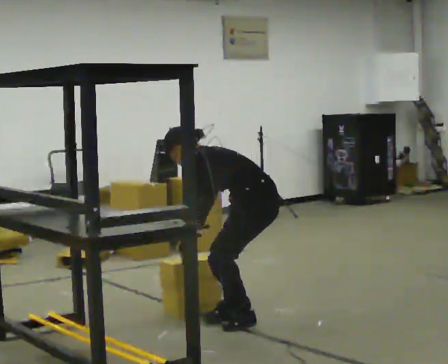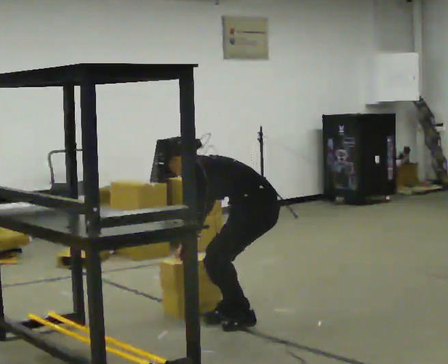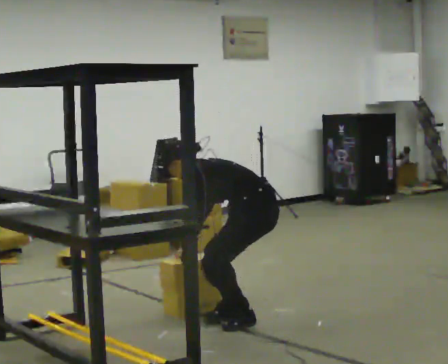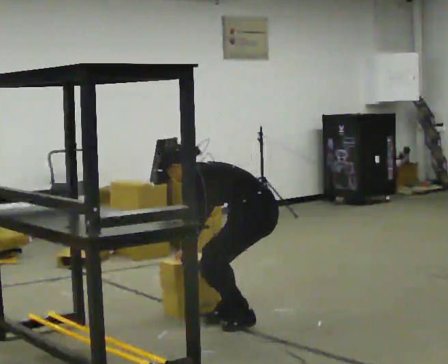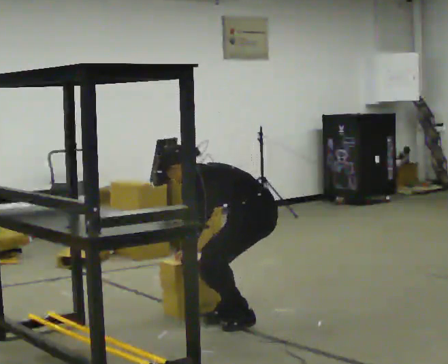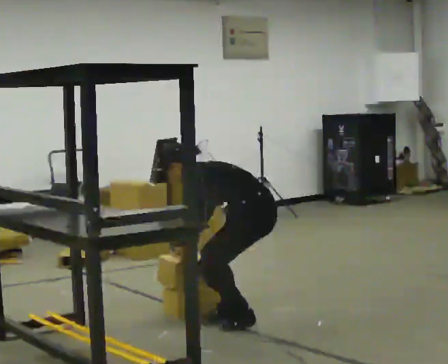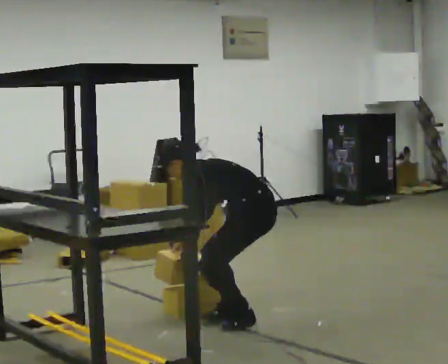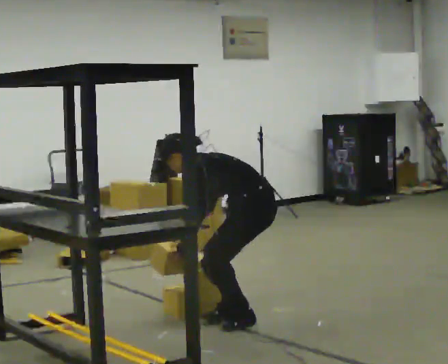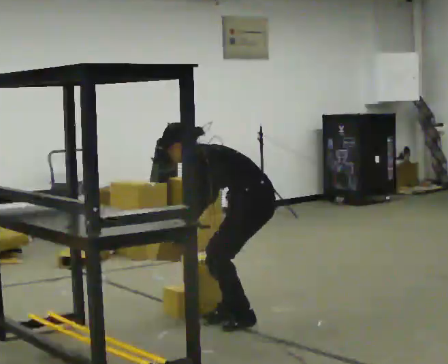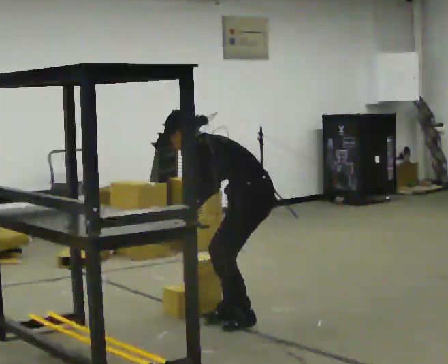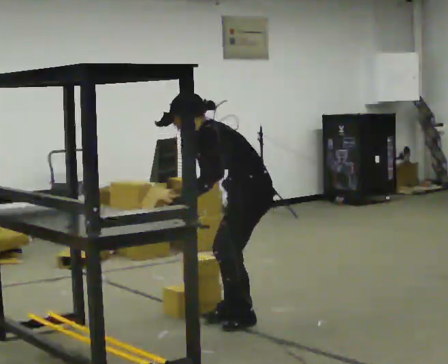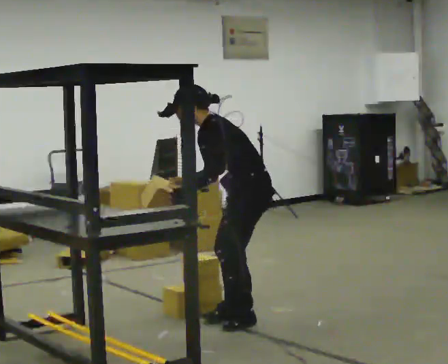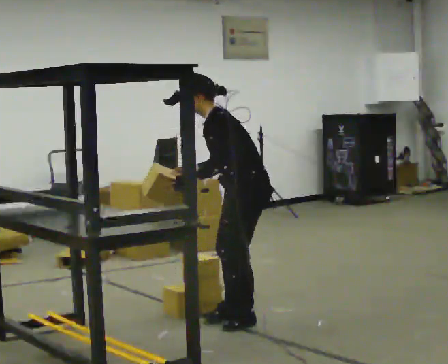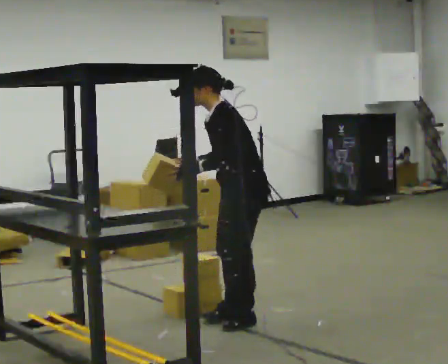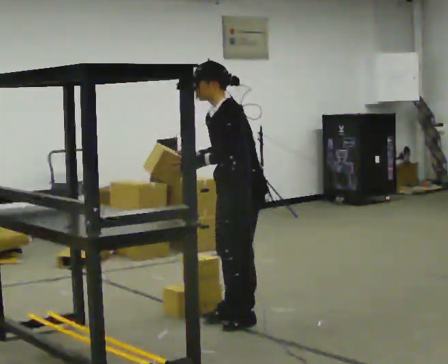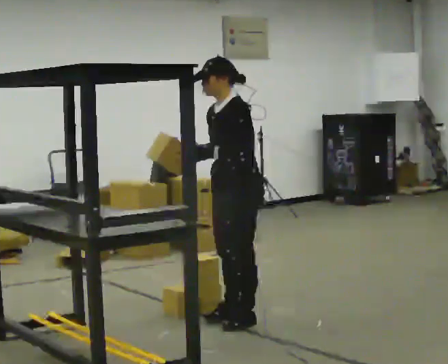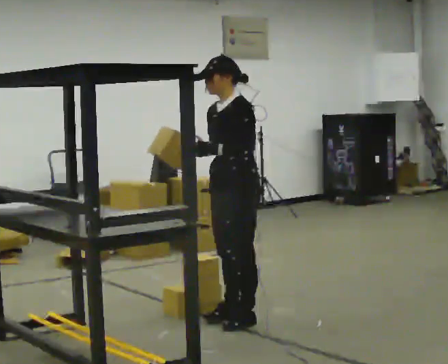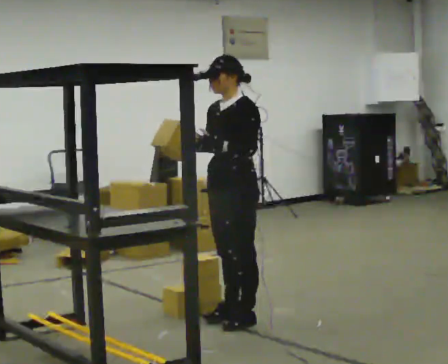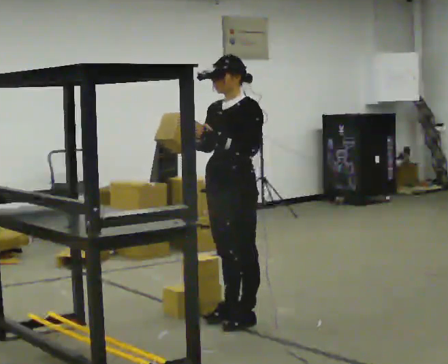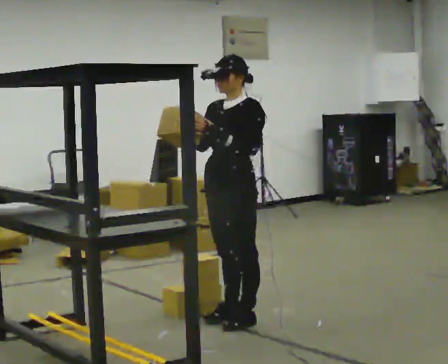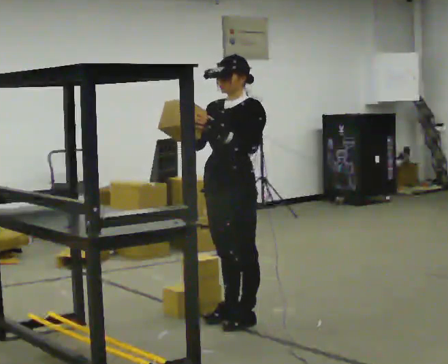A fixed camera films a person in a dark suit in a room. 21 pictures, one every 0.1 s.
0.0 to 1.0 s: The upper body tips toward the camera, its near side rolling downward, as they lean back or straighten. In the picture their right hand goes upward.
1.0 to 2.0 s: Seen from above the body turns counterclockwise, about 45 degrees: to their left, with its near side sliding to the right. In the picture the upper body tilts clockwise, shoulders to the right, as they lean back or straighten. In the picture their right hand goes upward.
The film runs forward here.
